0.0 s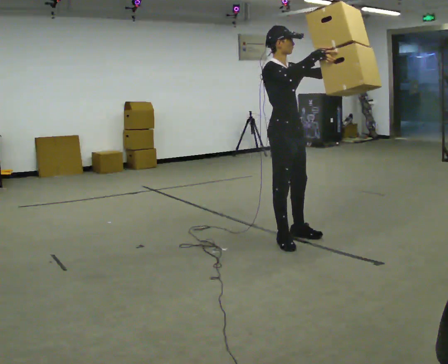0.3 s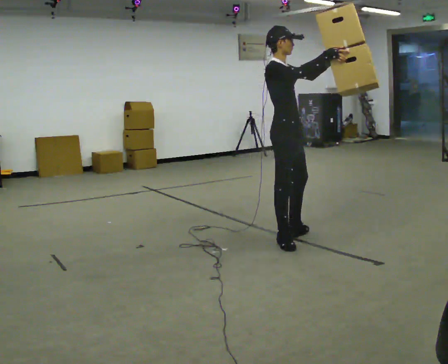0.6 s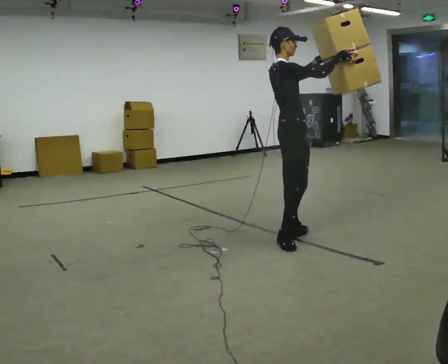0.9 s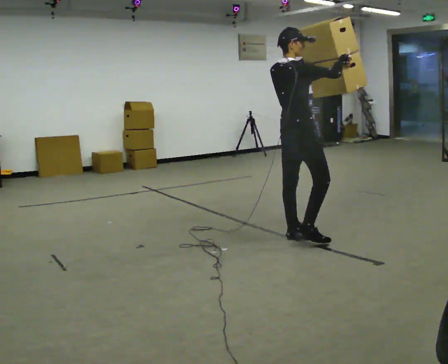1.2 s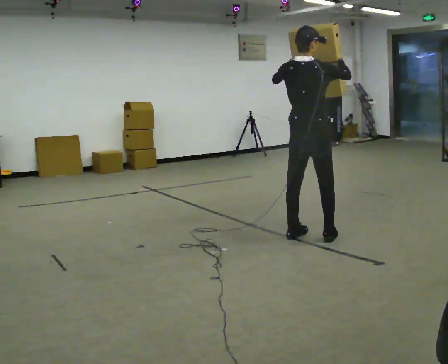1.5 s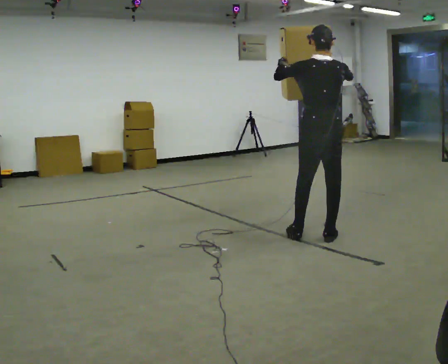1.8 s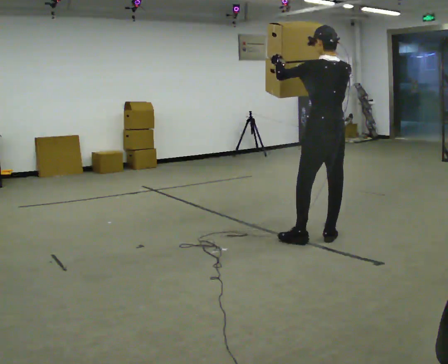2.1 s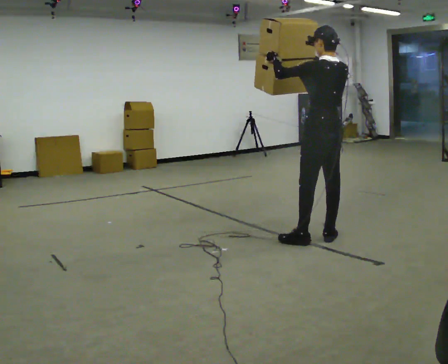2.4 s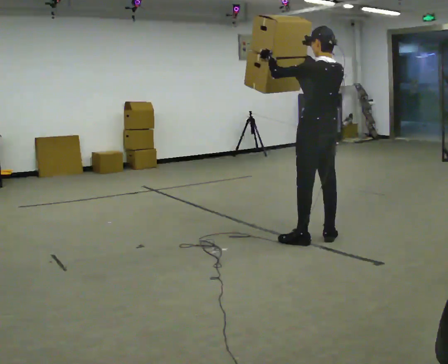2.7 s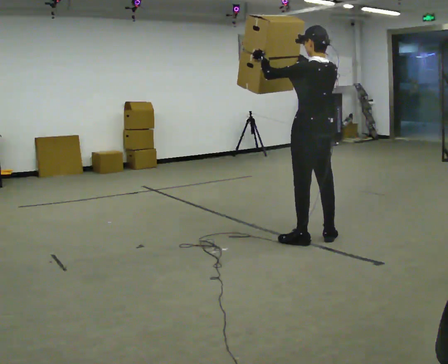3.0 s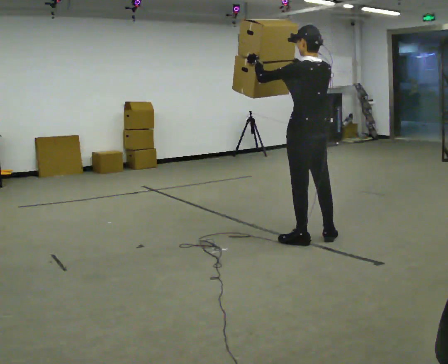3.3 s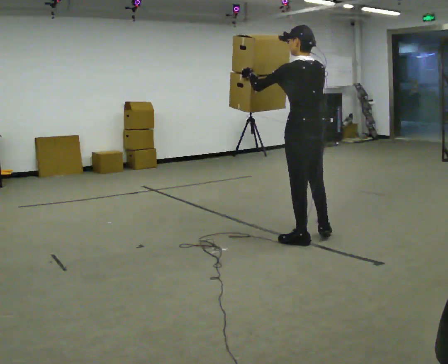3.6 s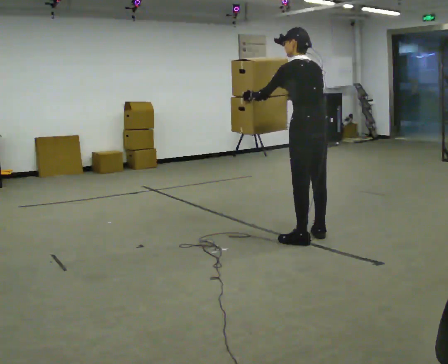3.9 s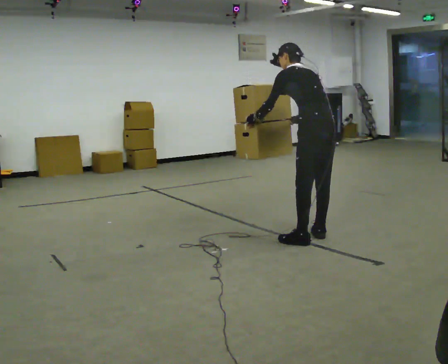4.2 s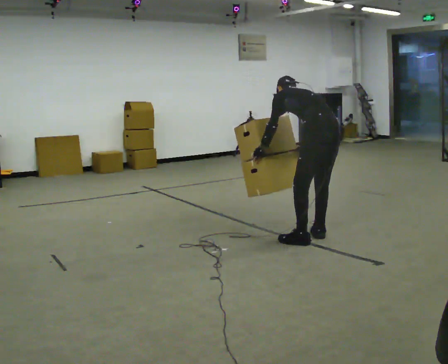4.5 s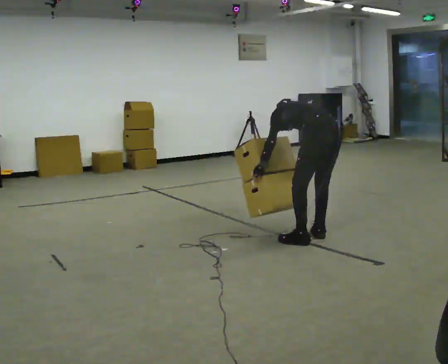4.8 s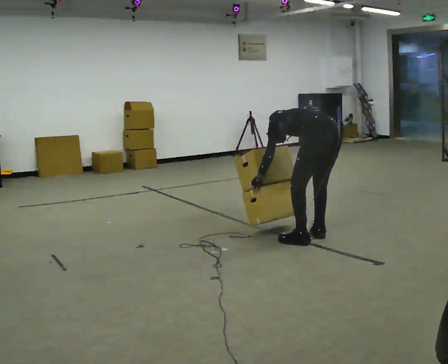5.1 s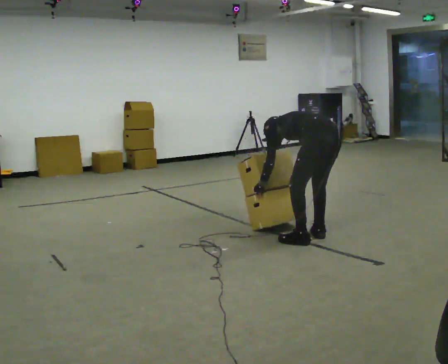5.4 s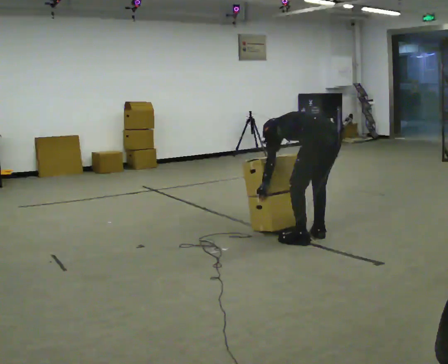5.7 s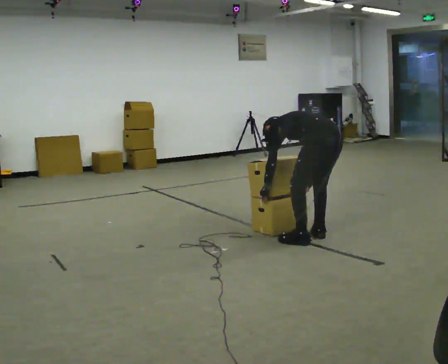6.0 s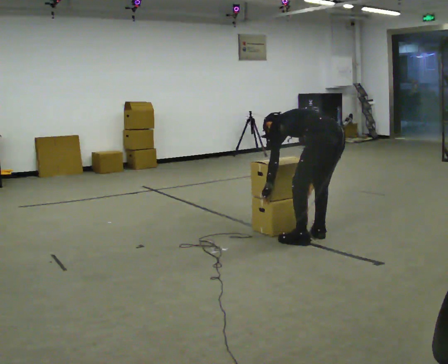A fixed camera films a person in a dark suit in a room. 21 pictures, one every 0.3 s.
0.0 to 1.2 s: The person turns about 105 degrees to their left, counterclockwise seen from above, so the part of the body nearest the lens slides to the right. In the picture they go to the right, about 0.25 m in 1 step.
1.2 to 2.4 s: Seen from above the body turns counterclockwise, about 60 degrees: to their left, with its near side sliding to the right.
2.4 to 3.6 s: In the picture the upper body tilts counterclockwise, shoulders to the left, as they bend forward. In the picture their right hand goes downward.
3.6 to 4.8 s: The upper body goes downward. The upper body tips away from the camera, its near side rolling upward, as they bend forward. In the picture their right hand goes downward.
4.8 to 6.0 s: The person moves a little, or ends about where they began.
The film runs forward here.
